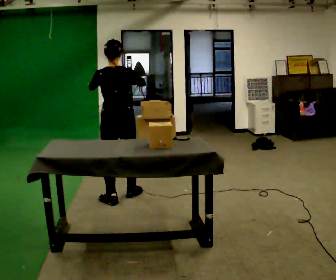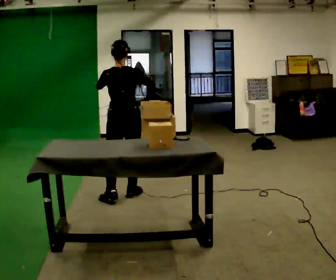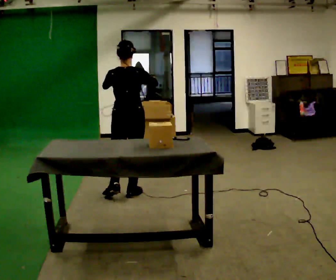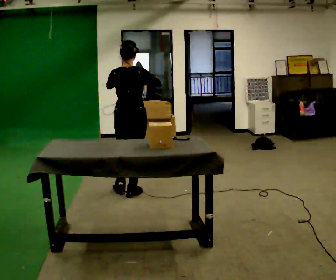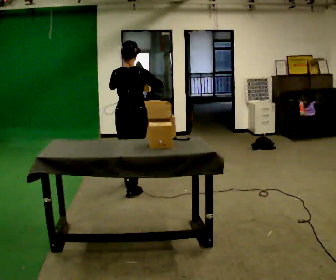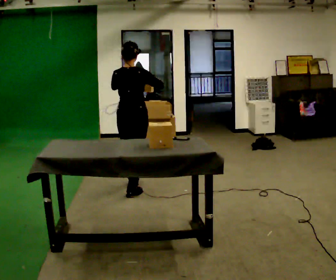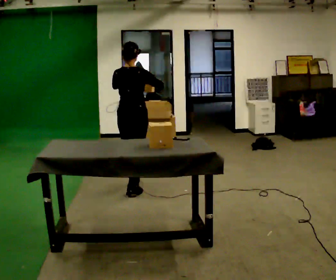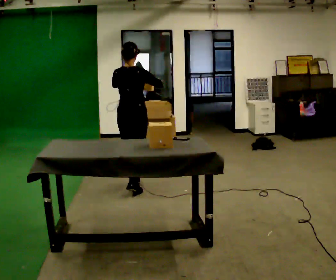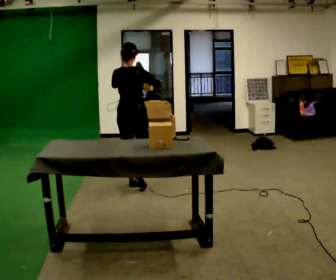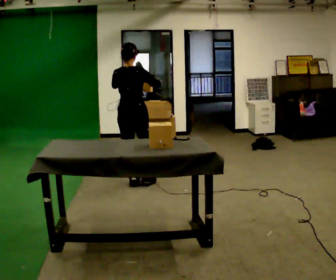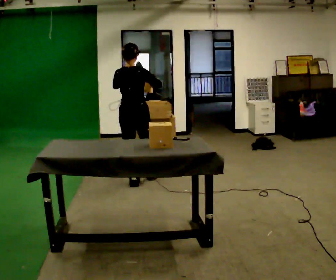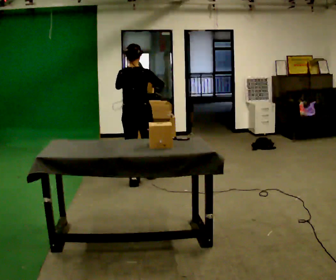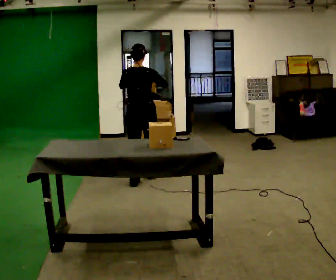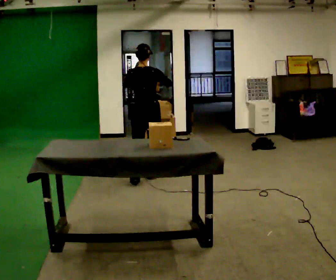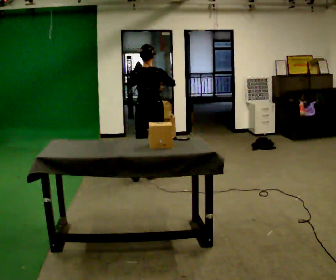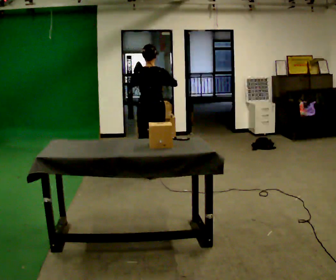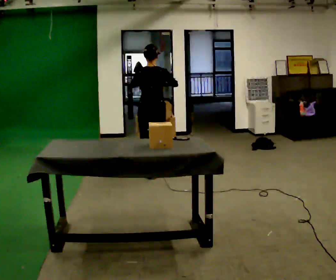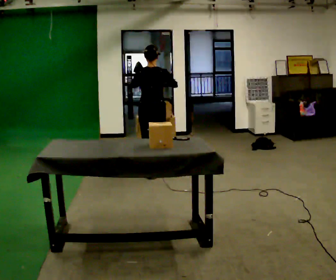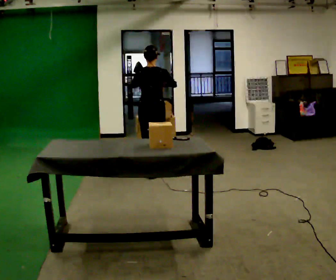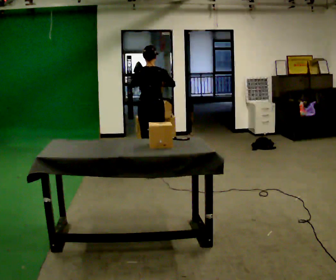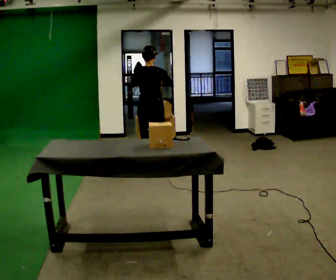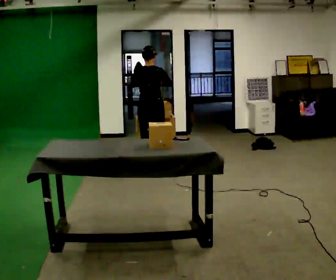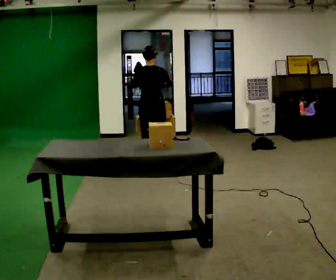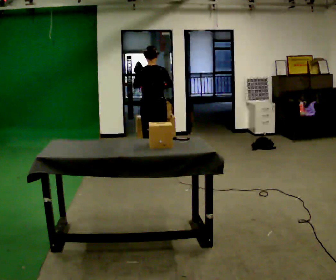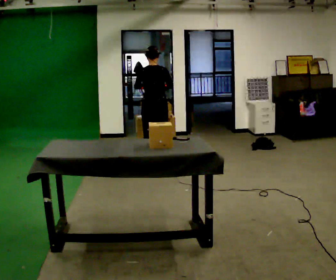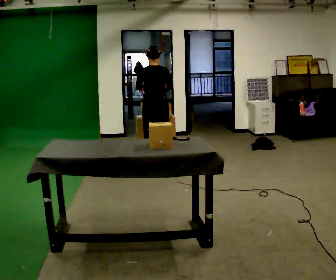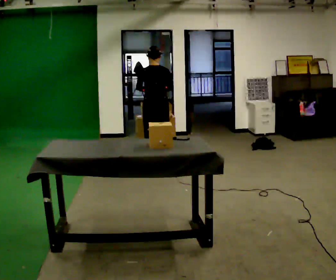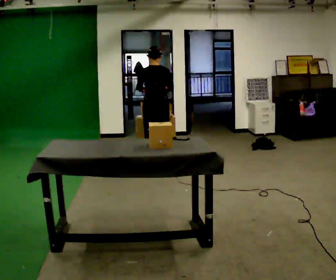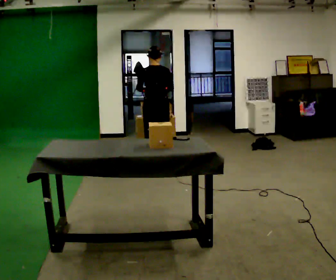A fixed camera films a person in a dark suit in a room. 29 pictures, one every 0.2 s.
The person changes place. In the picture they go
away from the camera.
0.0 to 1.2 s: In the picture they go away from the camera, about 0.25 m in 1 step, which for them is forward.
1.2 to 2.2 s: In the picture they go away from the camera, about 0.25 m in 1 step, which for them is forward.
2.2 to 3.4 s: In the picture they go away from the camera and to the right, about 0.25 m in 1 step, which for them is forward.
3.4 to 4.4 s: In the picture they go away from the camera, about 0.25 m in 1 step, which for them is forward.
4.4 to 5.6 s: The person moves a little, or ends about where they began.
The film runs forward here.
